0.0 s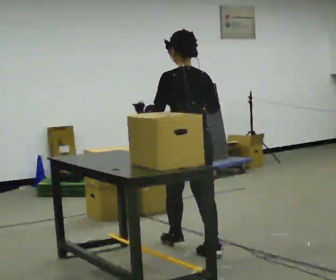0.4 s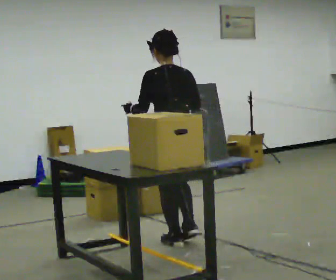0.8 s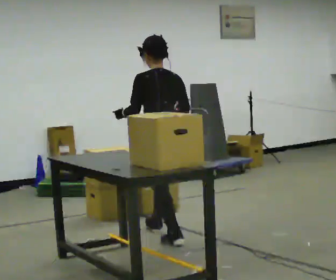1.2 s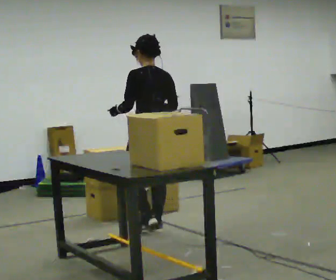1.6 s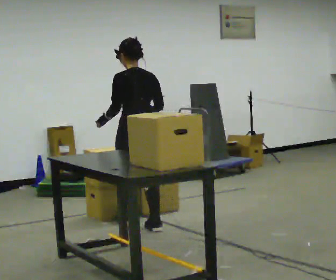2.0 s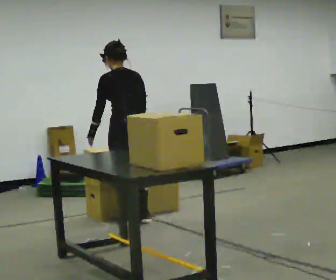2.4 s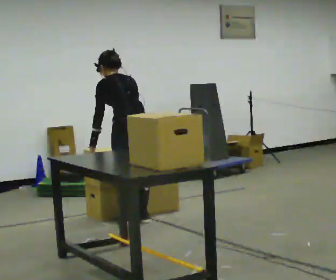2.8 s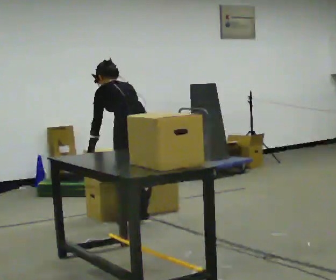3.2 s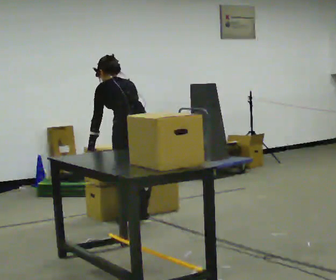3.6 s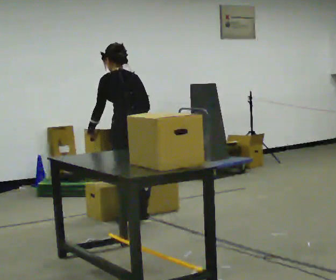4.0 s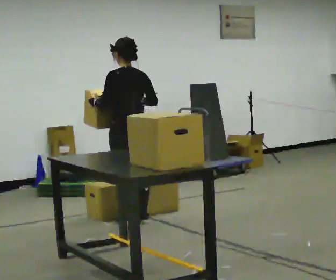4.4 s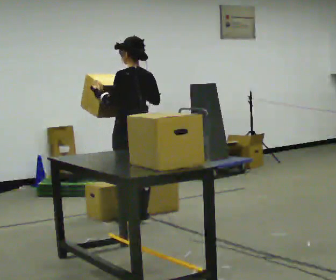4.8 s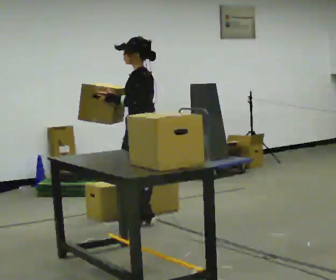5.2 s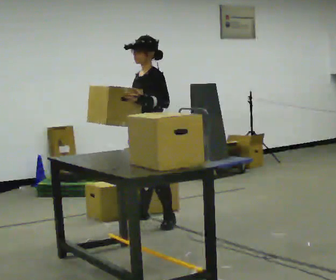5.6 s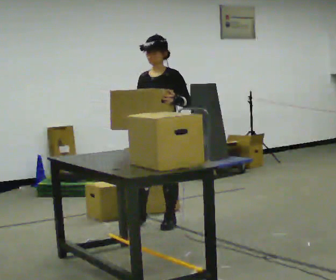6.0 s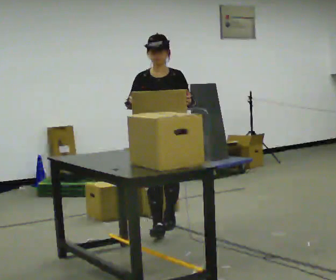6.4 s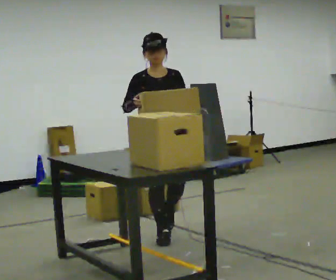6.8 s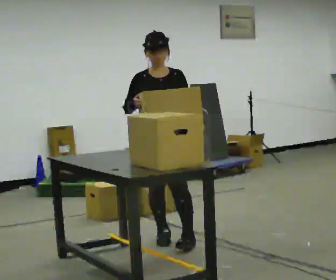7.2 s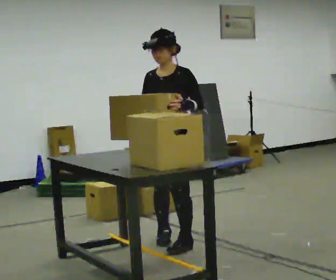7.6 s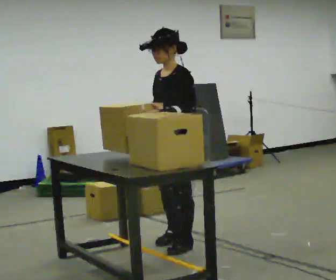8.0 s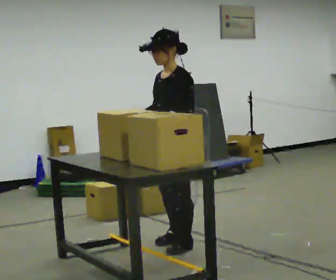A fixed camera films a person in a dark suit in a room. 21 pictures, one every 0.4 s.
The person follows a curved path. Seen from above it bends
clockwise.
0.0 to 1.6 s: In the picture they go away from the camera and to the left, about 1 m in 2 steps, which for them is forward.
1.6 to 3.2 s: The upper body tips away from the camera, its near side rolling upward, as they bend forward.
3.2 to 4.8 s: The part of the body nearest the lens slides to the right as the person turns to their left by about 45 degrees. The upper body tips toward the camera, its near side rolling downward, as they lean back or straighten. In the picture their right hand goes upward.
4.8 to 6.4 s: The person turns about 120 degrees to their left, counterclockwise seen from above, so the part of the body nearest the lens slides to the right. In the picture they go toward the camera, about 0.5 m in 2 steps.
6.4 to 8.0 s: The person turns about 75 degrees to their right, clockwise seen from above, so the part of the body nearest the lens slides to the left. In the picture they go toward the camera, about 0.5 m in 1 step.
The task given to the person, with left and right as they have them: Pick up the next box in the row and carry it to the table. The operator will not tell you how heavy each one is. Keep going until the operator says stop; one object at a time, and do not rush between trips.
The film runs forward here.
